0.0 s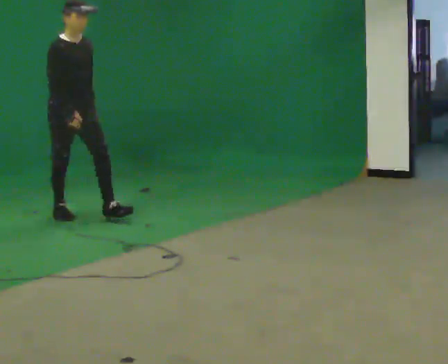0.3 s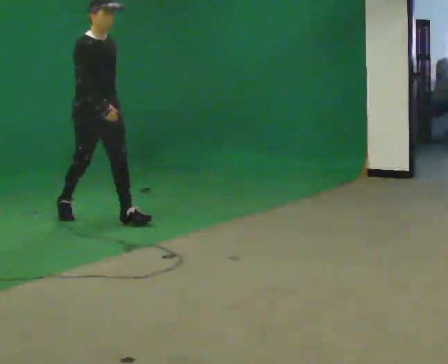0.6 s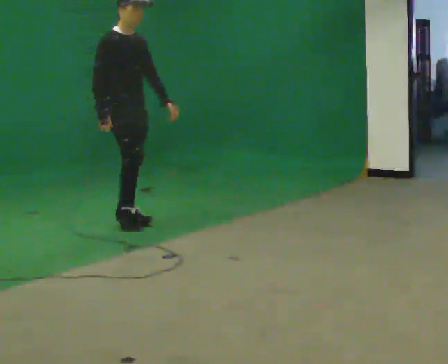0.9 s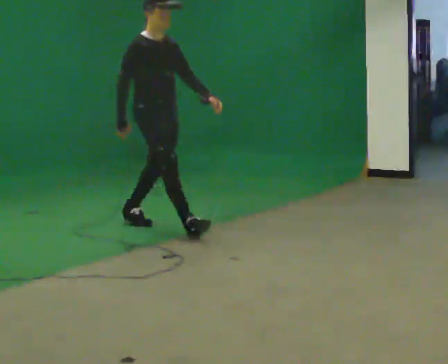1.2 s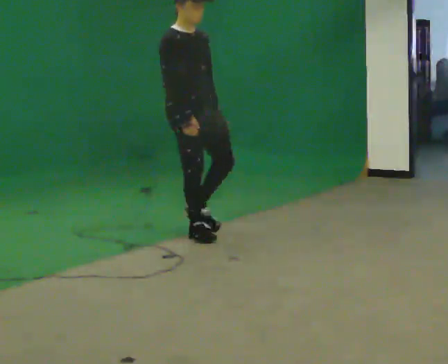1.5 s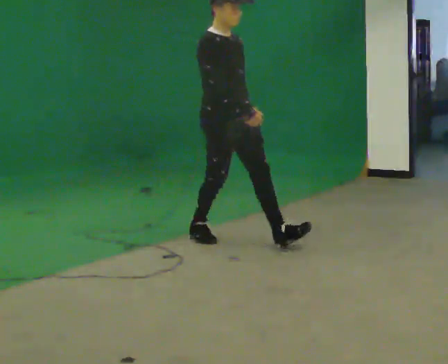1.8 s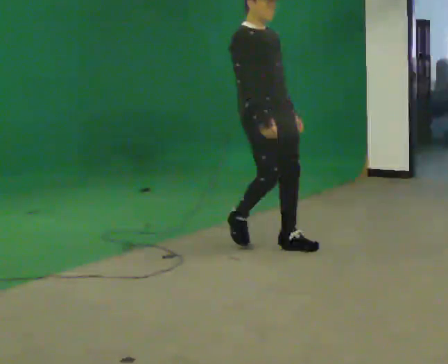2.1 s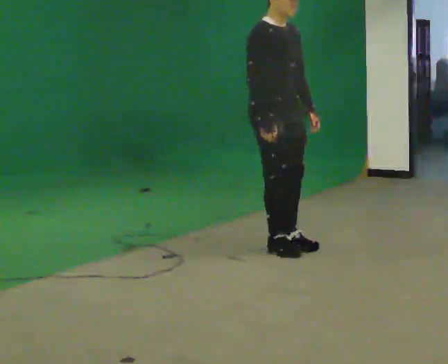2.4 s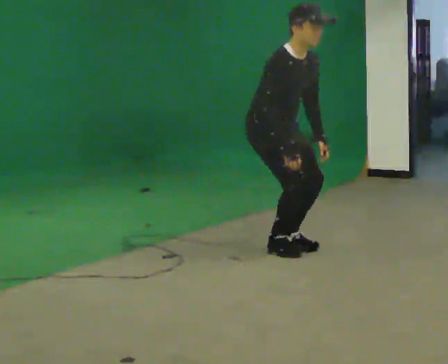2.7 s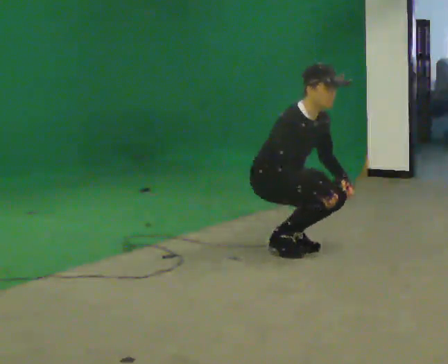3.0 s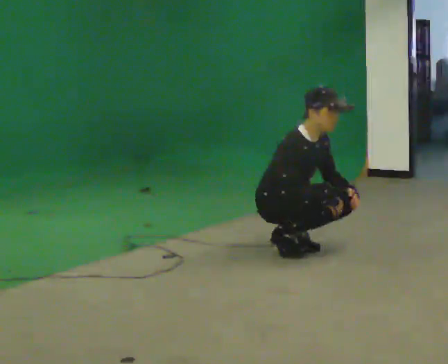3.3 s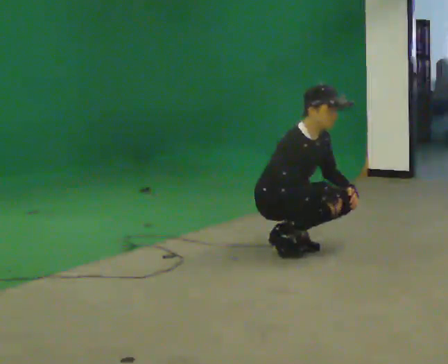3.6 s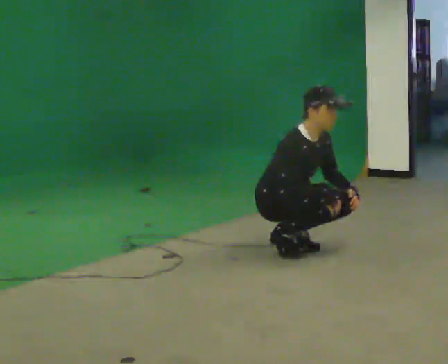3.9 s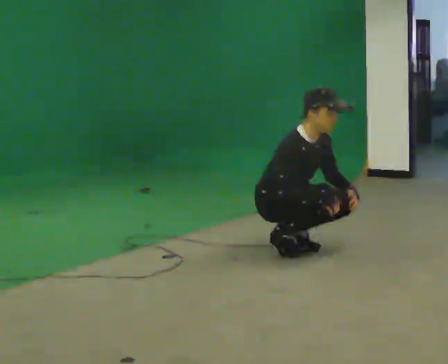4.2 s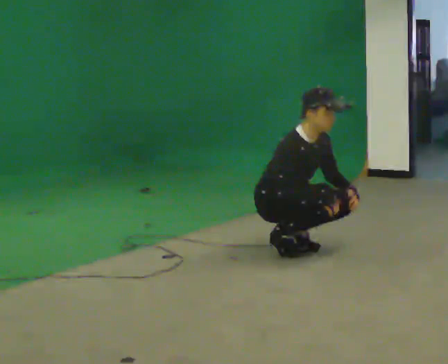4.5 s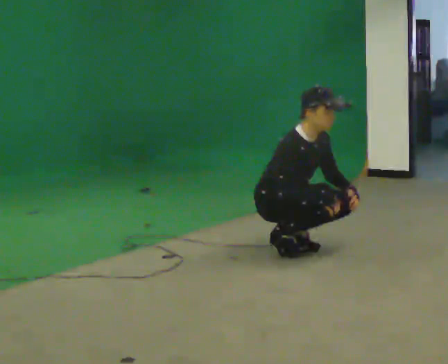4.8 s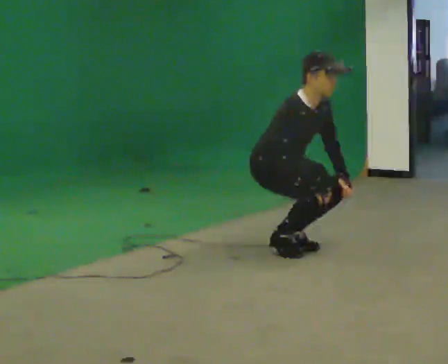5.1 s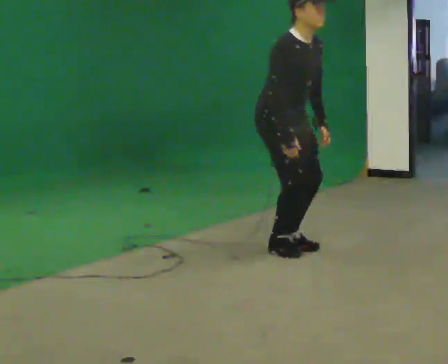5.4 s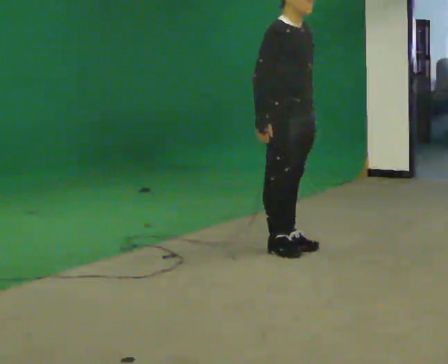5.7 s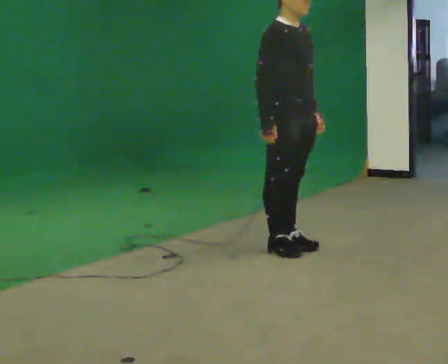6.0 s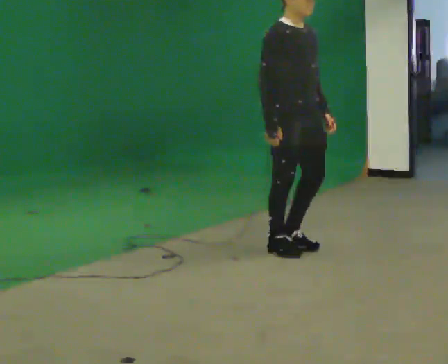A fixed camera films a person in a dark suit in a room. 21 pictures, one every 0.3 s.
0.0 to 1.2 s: In the picture they go to the right and toward the camera, about 1 m in 2 steps, which for them is forward.
1.2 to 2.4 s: In the picture they go to the right and toward the camera, about 0.75 m in 2 steps, which for them is forward. In the picture the upper body tilts clockwise, shoulders to the right, as they bend forward.
2.4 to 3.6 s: The upper body goes downward. In the picture their right hand goes downward.
3.6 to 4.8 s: The upper body goes upward.
4.8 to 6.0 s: The upper body goes upward. In the picture the upper body tilts counterclockwise, shoulders to the left, as they lean back or straighten. In the picture their right hand goes upward.
The film runs forward here.
